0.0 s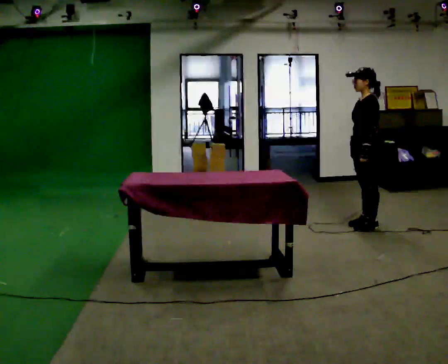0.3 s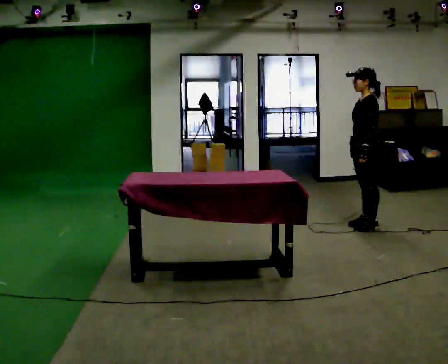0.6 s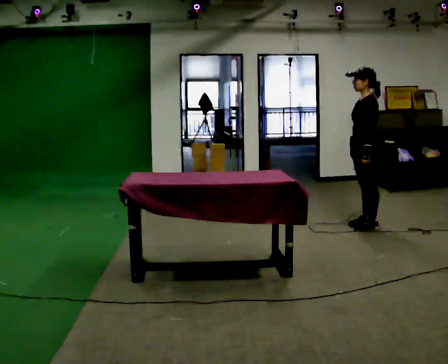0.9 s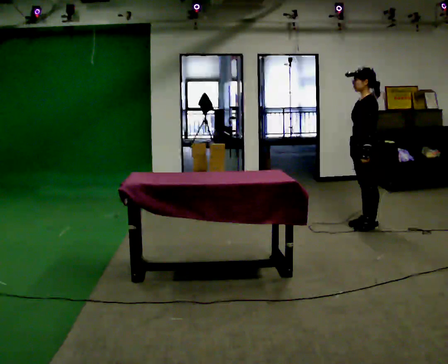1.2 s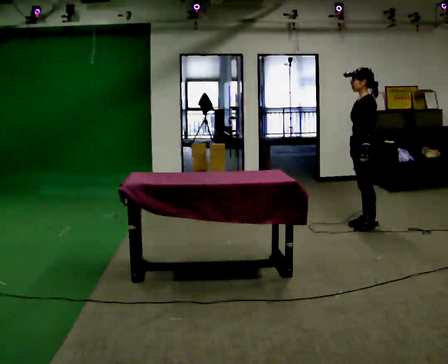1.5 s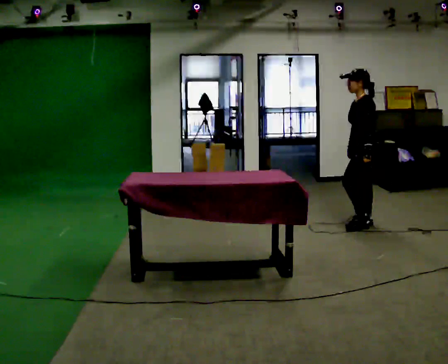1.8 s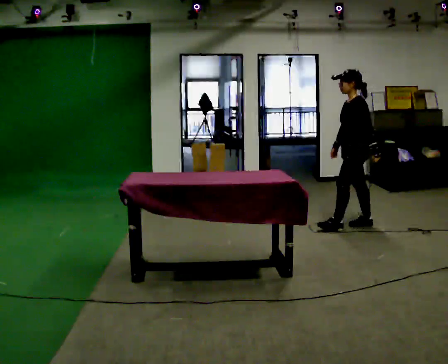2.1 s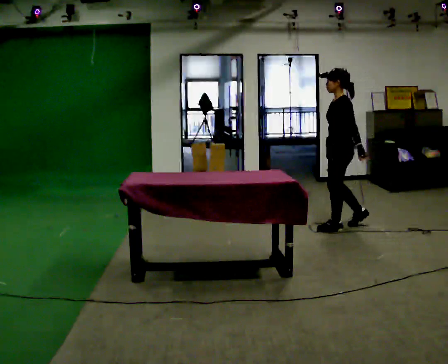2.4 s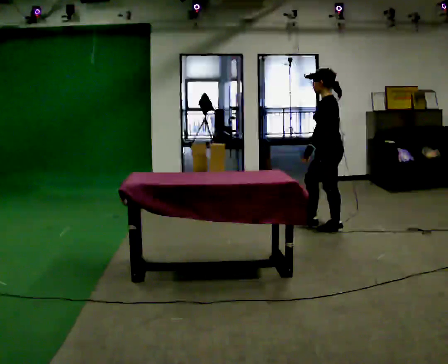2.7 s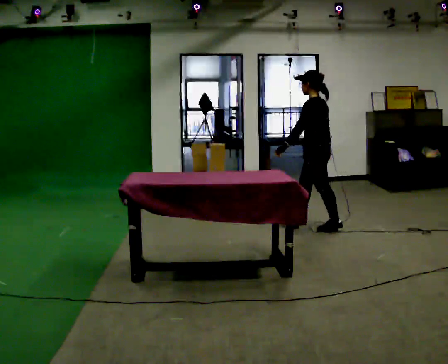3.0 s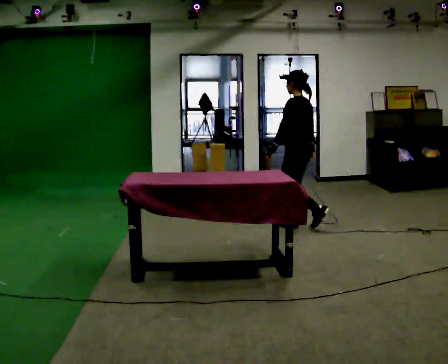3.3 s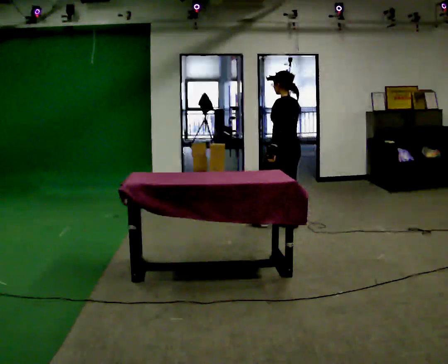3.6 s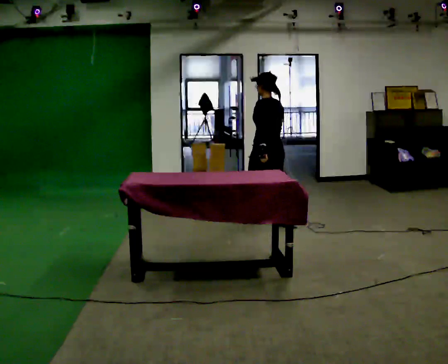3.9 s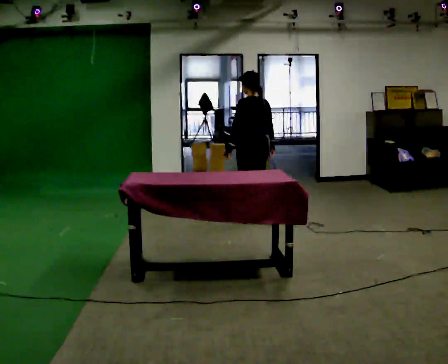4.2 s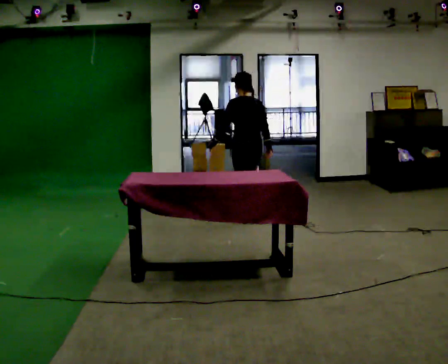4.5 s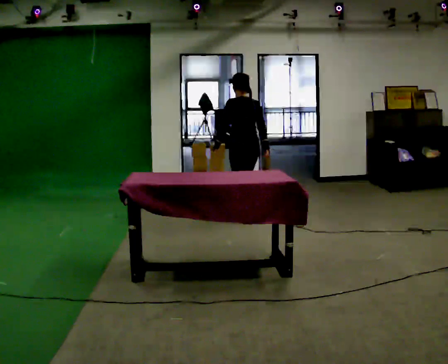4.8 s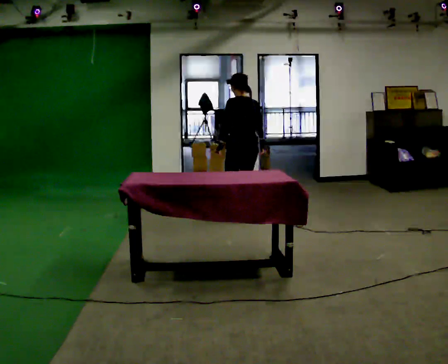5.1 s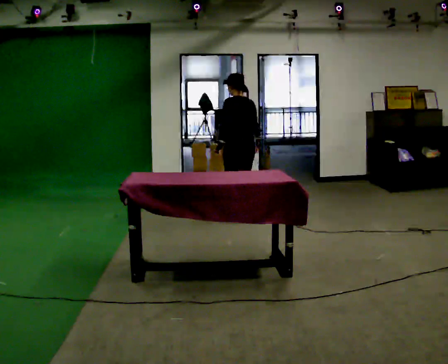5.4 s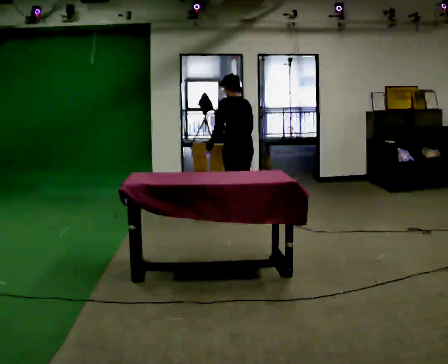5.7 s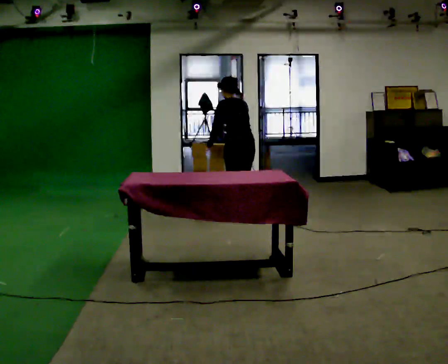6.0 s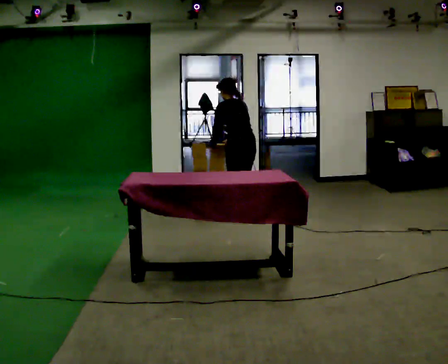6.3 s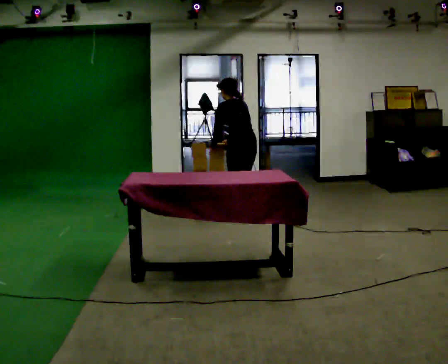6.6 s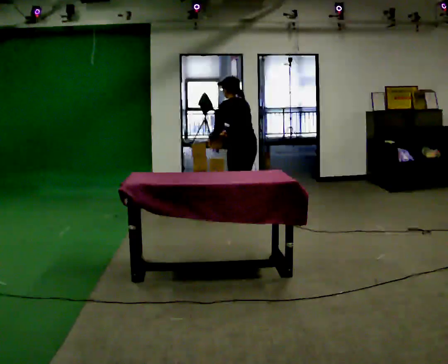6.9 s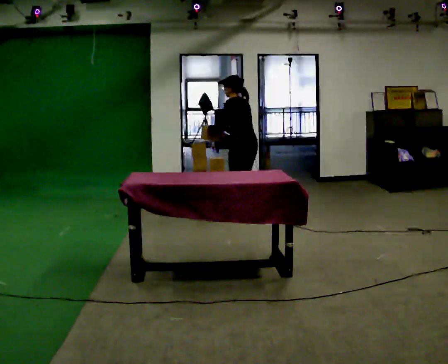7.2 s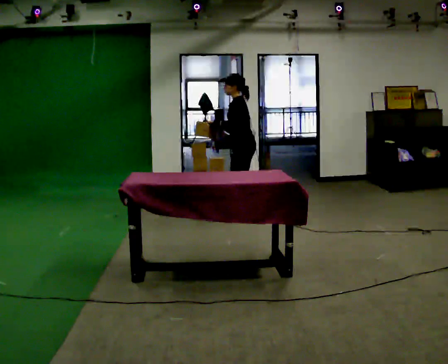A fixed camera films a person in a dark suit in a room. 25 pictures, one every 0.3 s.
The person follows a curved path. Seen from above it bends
clockwise.
The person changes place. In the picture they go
to the left.
0.0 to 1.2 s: The person keeps their place and pose.
1.2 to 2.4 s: In the picture they go to the left, about 0.25 m in 1 step, which for them is forward.
2.4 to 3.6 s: The person turns about 30 degrees to their right, clockwise seen from above, so the part of the body nearest the lens slides to the left. In the picture they go to the left and away from the camera, about 0.75 m in 2 steps, which for them is forward.
3.6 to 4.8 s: In the picture they go away from the camera and to the left, about 0.5 m in 1 step, which for them is forward.
4.8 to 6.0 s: The upper body tips away from the camera, its near side rolling upward, as they bend forward. In the picture their right hand goes to the left.
6.0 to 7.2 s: Seen from above the body turns counterclockwise, about 45 degrees: to their left, with its near side sliding to the right.
The film runs forward here.
